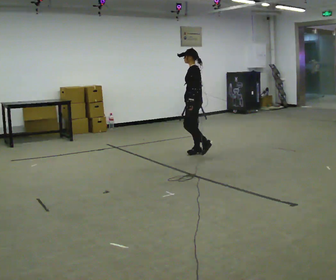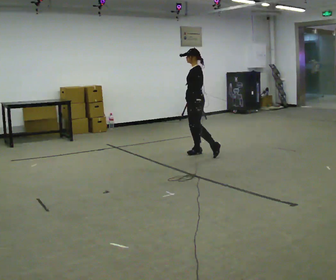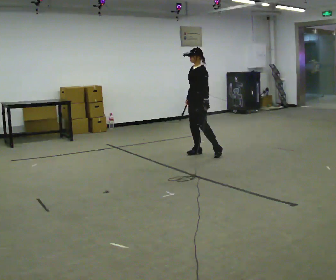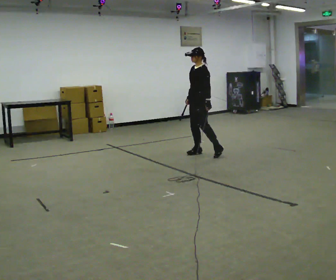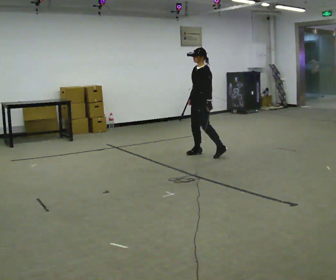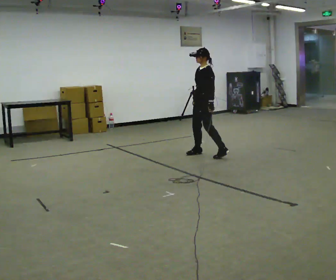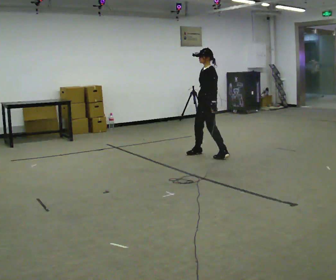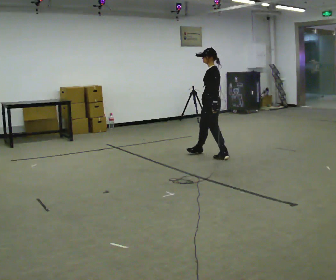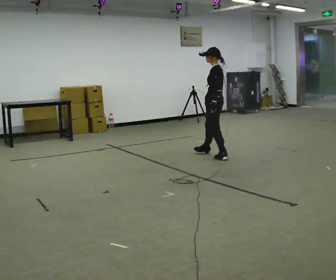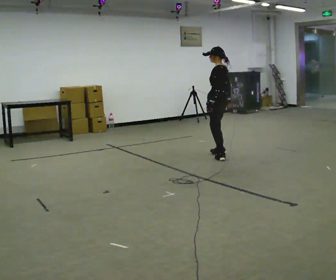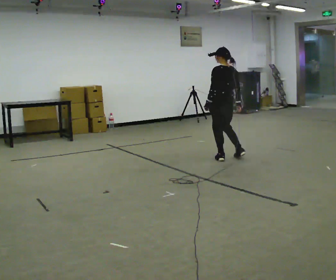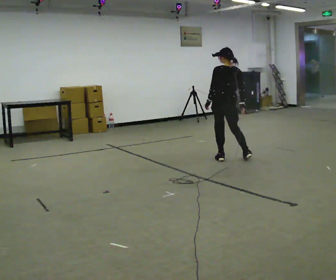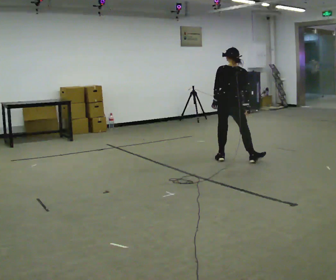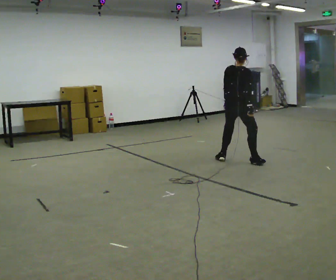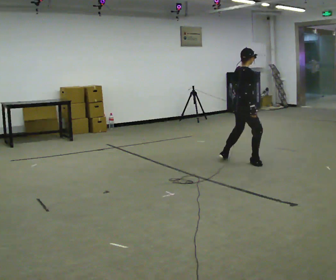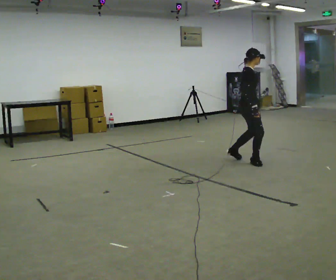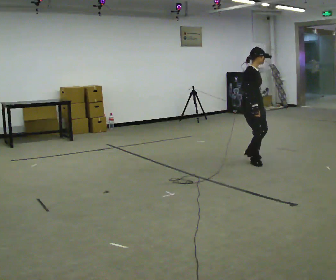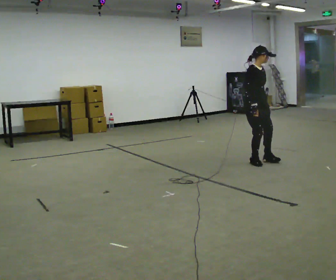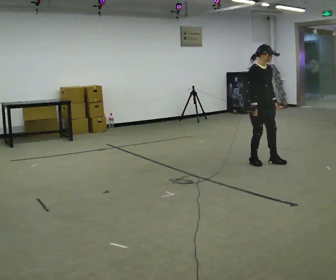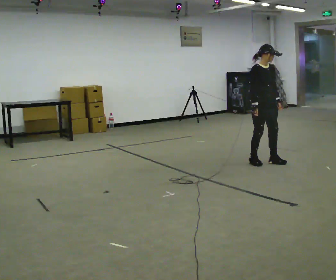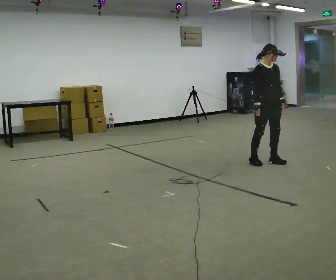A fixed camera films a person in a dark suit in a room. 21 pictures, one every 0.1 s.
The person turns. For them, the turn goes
to their right.
The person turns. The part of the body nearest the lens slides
to the left.
0.0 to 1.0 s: The person turns about 60 degrees to their right, clockwise seen from above, so the part of the body nearest the lens slides to the left. In the picture they go toward the camera and to the right, about 0.5 m in 1 step.
1.0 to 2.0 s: Seen from above the body turns clockwise, about 195 degrees: to their right, with its near side sliding to the left. In the picture they go to the right and toward the camera, about 0.5 m in 1 step.
The film runs backward here.
